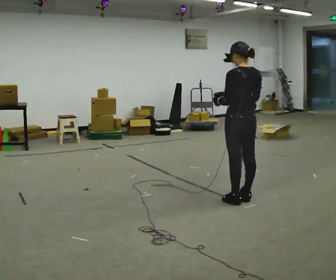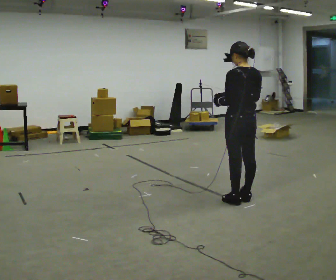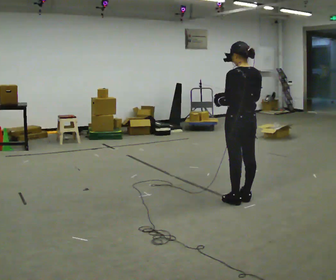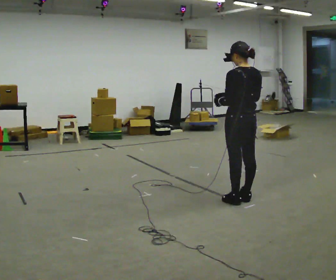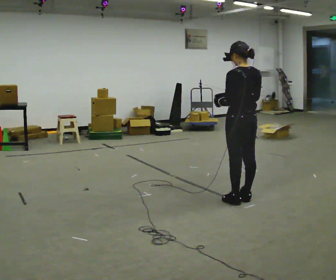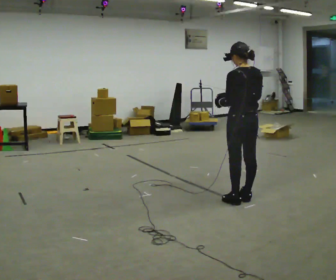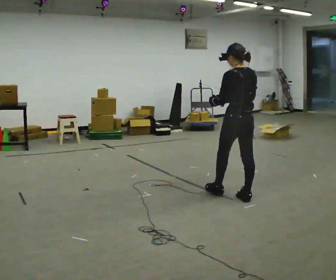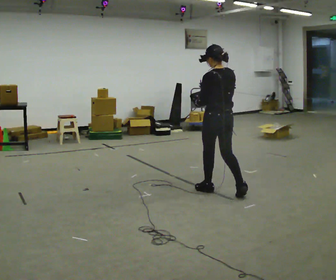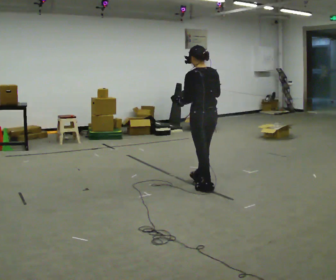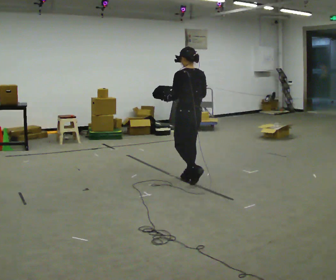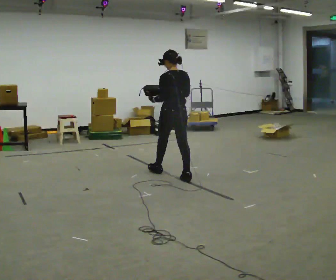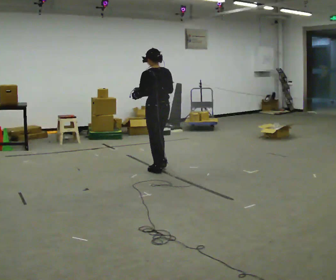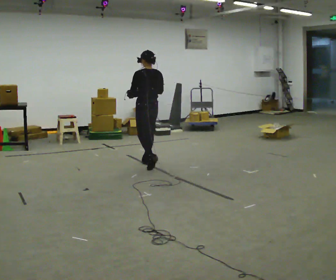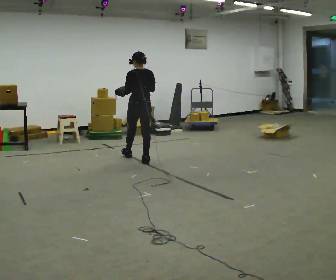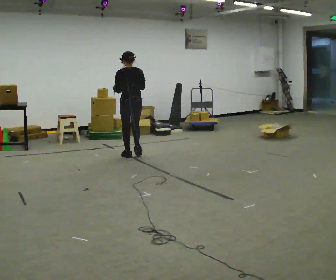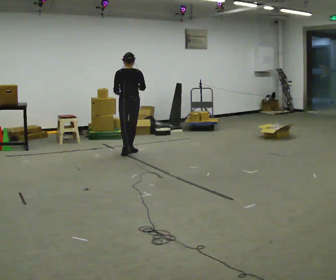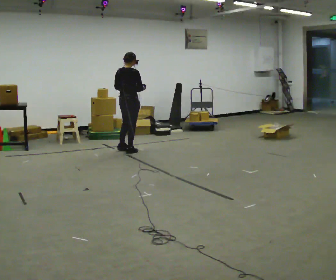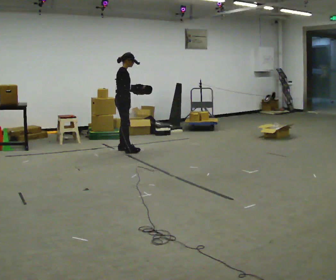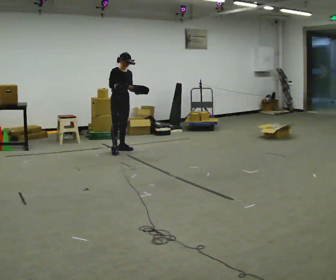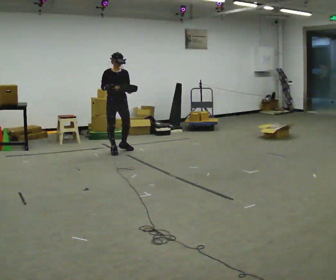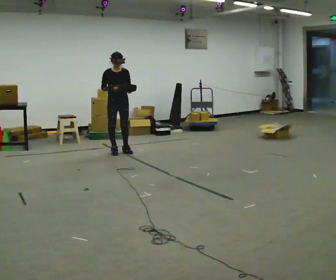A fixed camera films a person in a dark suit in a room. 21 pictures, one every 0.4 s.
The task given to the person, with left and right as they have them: Carry the bag and, while walking, undo the buckle or zip, then do it up again. Keep repeating as you walk. Do not stop.
0.0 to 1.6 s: The person keeps their place and pose.
1.6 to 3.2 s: In the picture they go away from the camera and to the left, about 0.5 m in 1 step, which for them is forward.
3.2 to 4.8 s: In the picture they go away from the camera and to the left, about 1 m in 3 steps, which for them is forward.
4.8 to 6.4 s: The part of the body nearest the lens slides to the left as the person turns to their right by about 60 degrees. In the picture they go away from the camera and to the left, about 1 m in 2 steps.
6.4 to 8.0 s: Seen from above the body turns clockwise, about 120 degrees: to their right, with its near side sliding to the left. In the picture they go to the left, about 0.25 m in 2 steps. In the picture their right hand goes to the left.
The film runs forward here.
